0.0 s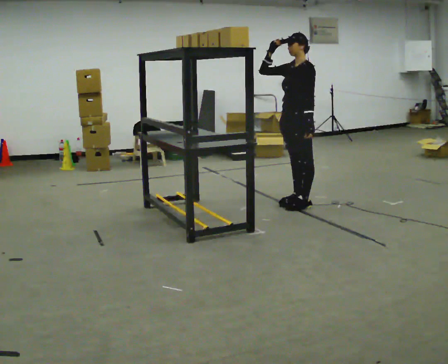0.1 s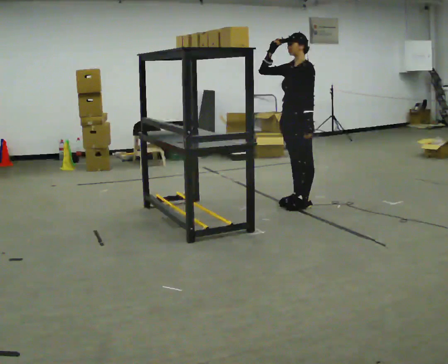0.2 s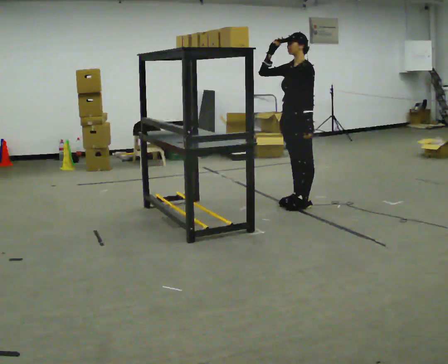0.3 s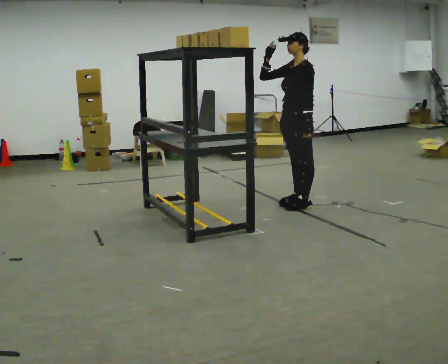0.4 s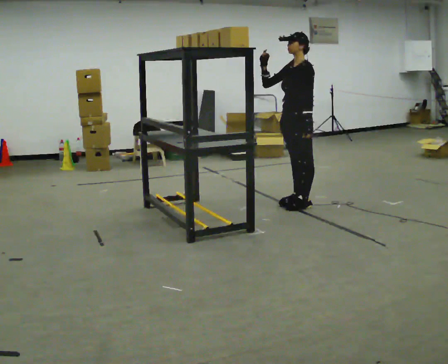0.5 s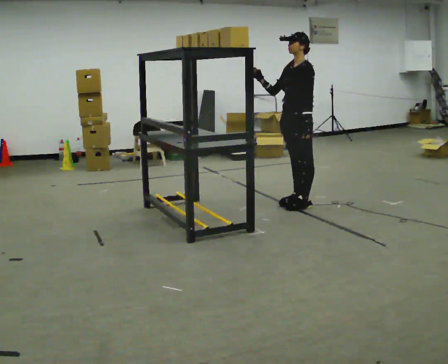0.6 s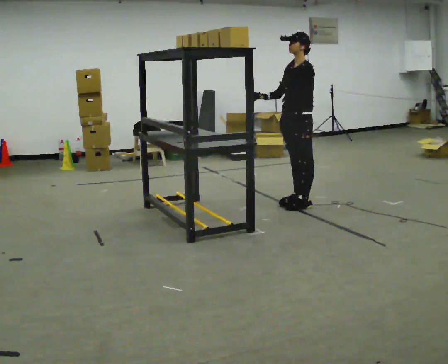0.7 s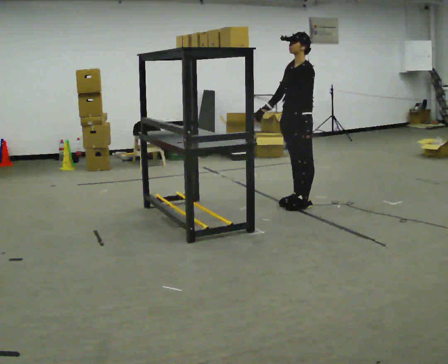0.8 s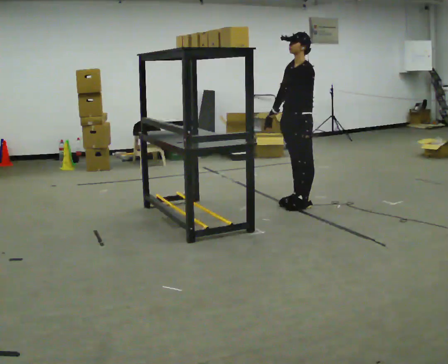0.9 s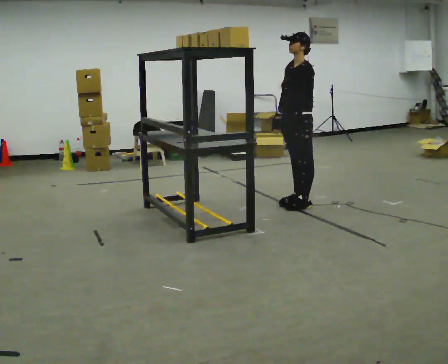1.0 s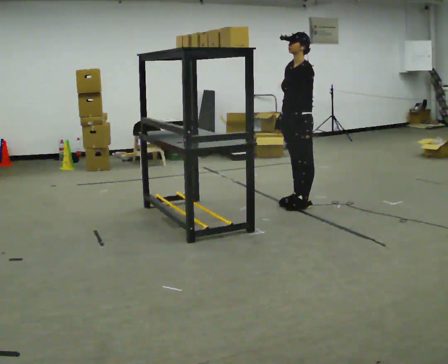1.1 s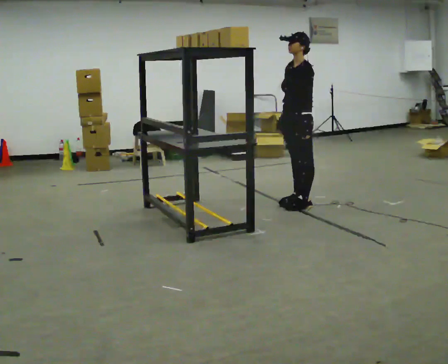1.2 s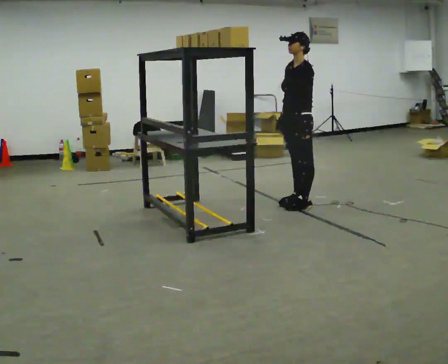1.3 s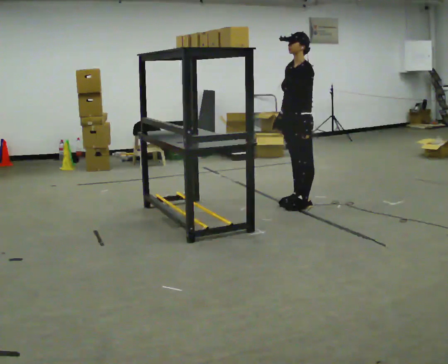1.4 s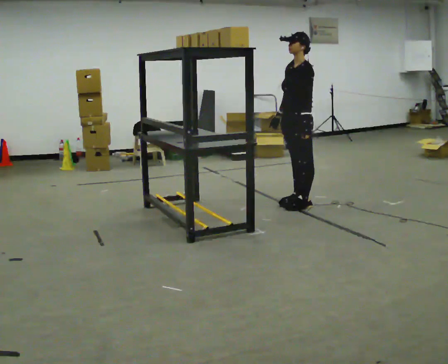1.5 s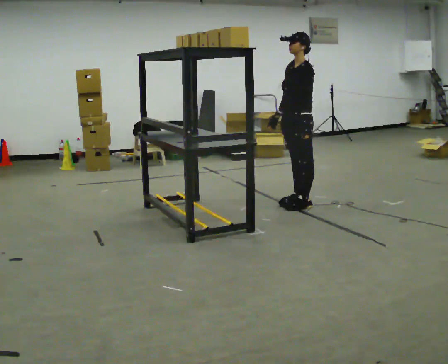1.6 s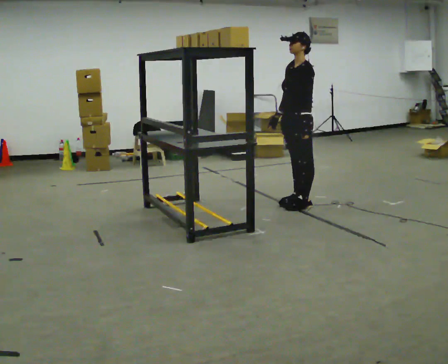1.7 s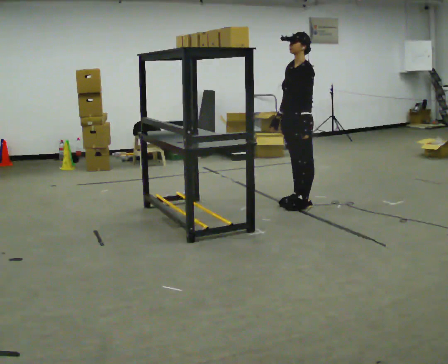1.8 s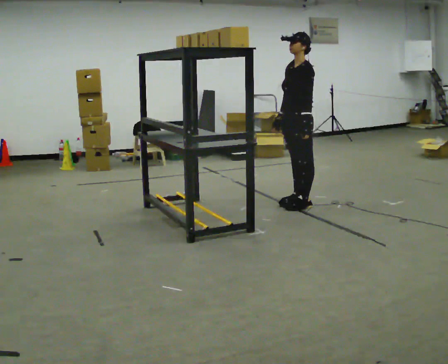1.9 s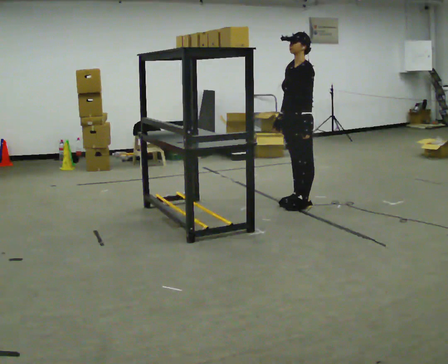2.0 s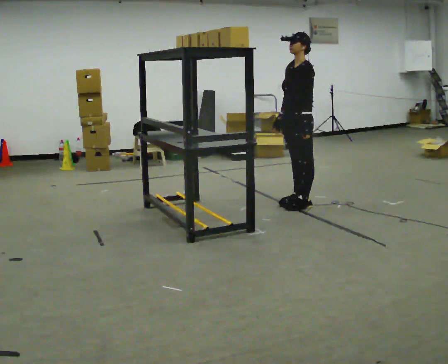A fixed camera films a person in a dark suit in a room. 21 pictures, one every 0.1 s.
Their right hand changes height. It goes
downward.
Their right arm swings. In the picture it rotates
counterclockwise.
0.0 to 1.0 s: In the picture their right hand goes downward, the arm swinging counterclockwise.
1.0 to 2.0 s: The person moves a little, or ends about where they began.
The film runs forward here.
